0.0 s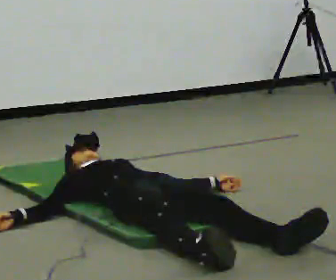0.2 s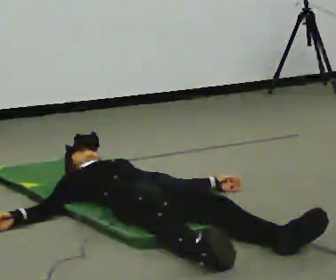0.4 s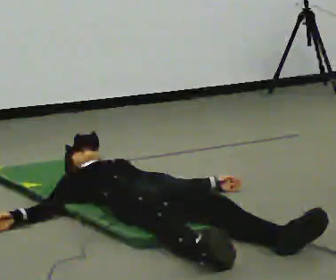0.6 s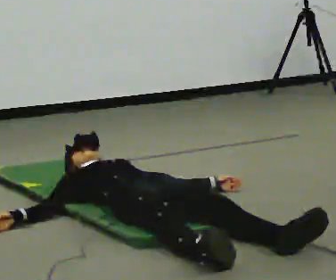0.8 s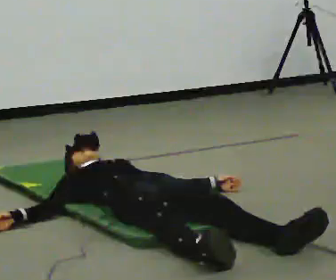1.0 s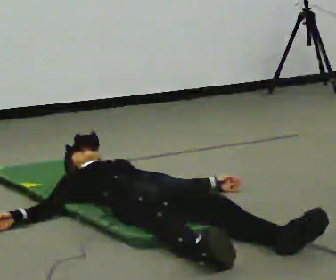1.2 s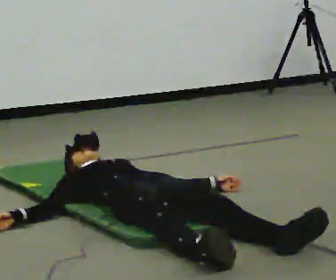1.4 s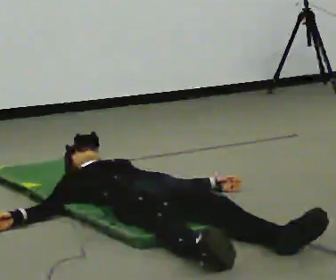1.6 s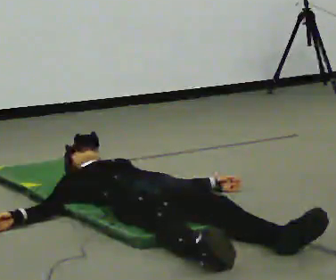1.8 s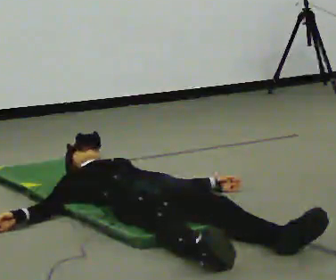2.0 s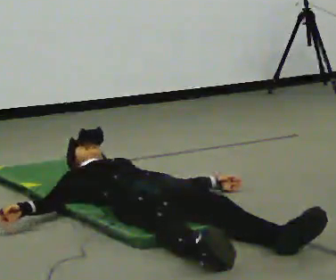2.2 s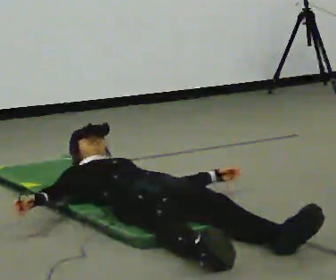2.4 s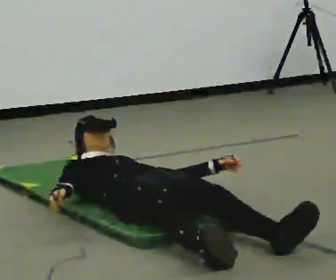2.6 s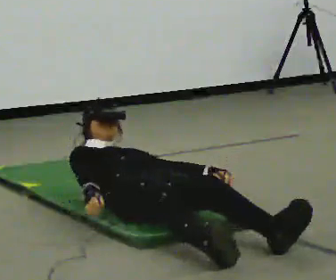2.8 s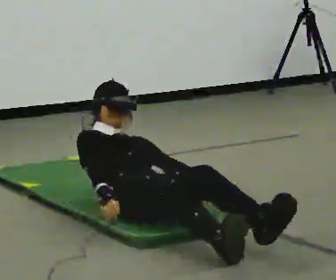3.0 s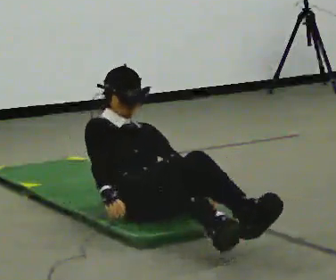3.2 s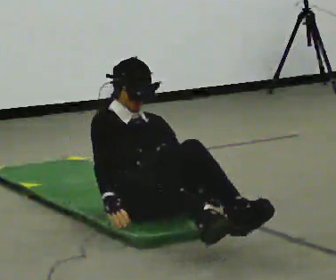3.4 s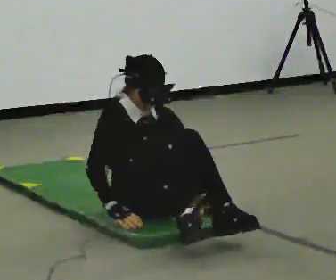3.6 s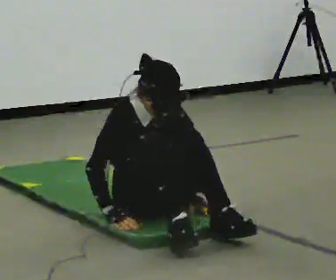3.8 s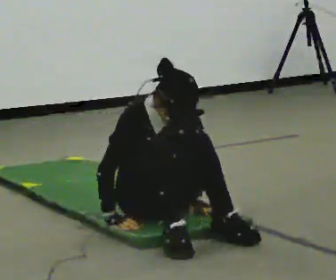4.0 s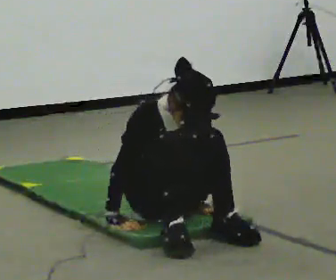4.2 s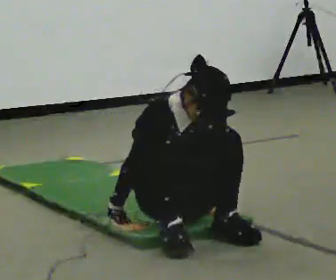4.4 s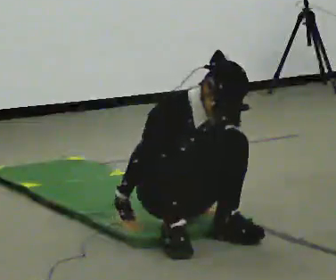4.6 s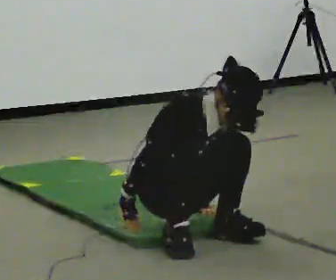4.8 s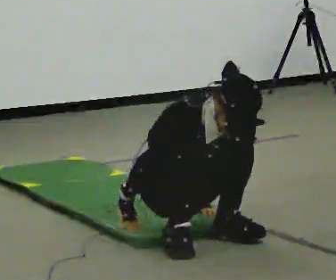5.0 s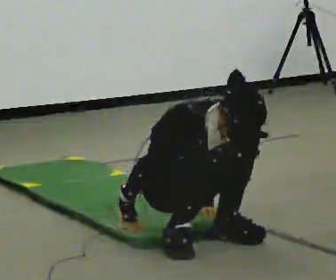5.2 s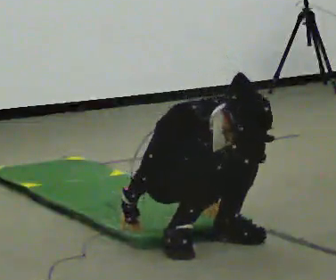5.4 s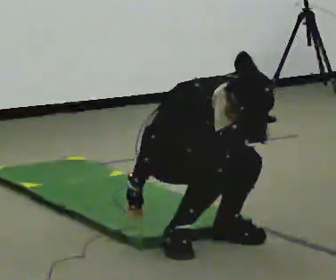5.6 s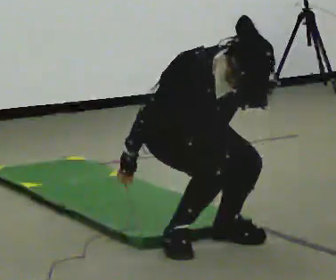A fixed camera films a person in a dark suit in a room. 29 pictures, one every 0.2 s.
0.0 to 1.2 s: The person keeps their place and pose.
1.2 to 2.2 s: The person moves a little, or ends about where they began.
2.2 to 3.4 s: The shoulders move upward. The upper body tips toward the camera, its near side rolling downward, as they bend forward. In the picture their right hand goes to the right.
3.4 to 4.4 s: In the picture they go toward the camera, about 0.25 m in 2 steps, which for them is forward. In the picture the upper body tilts clockwise, shoulders to the right, as they bend forward.
4.4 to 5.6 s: The upper body goes upward. The upper body tips toward the camera, its near side rolling downward. In the picture their left hand goes upward.
The film runs forward here.
